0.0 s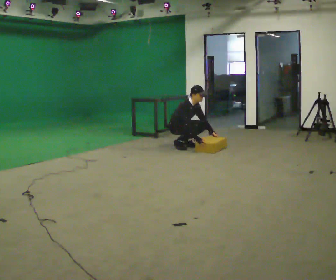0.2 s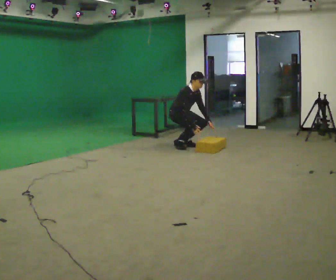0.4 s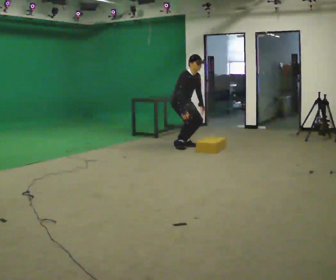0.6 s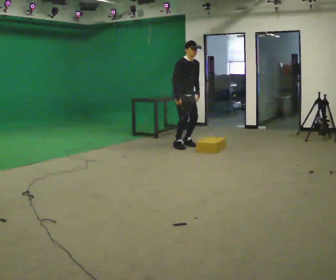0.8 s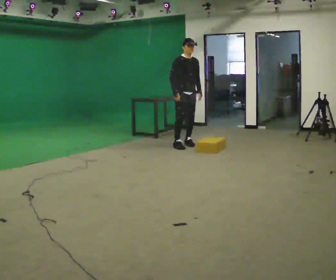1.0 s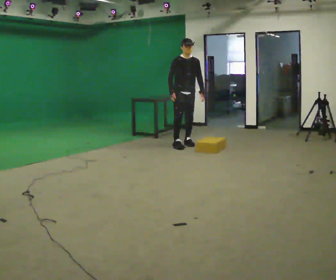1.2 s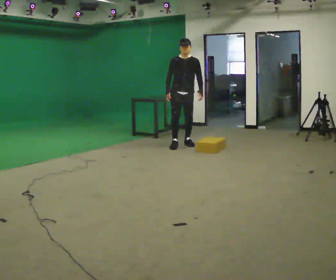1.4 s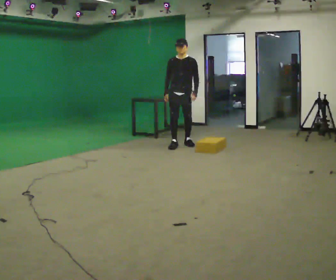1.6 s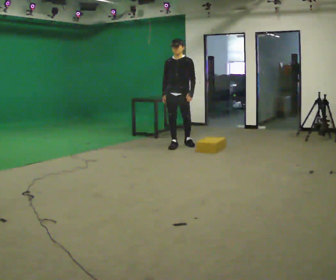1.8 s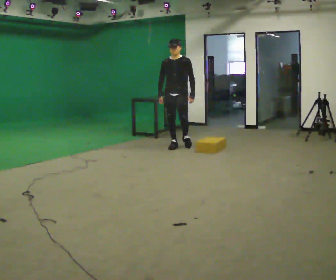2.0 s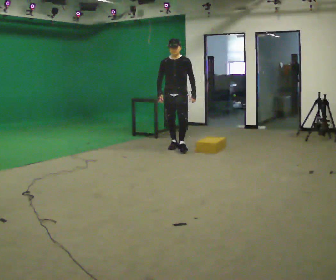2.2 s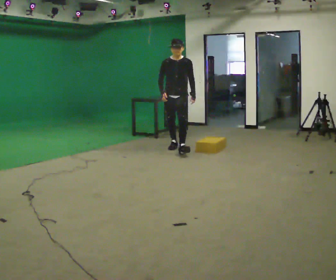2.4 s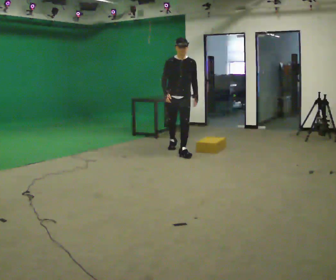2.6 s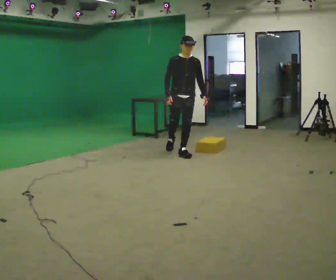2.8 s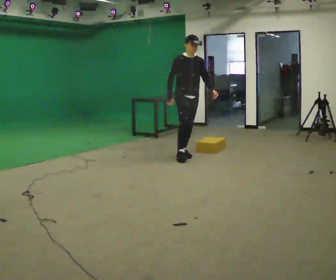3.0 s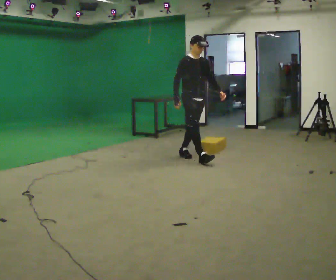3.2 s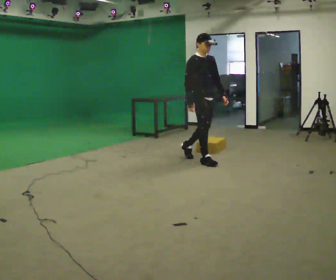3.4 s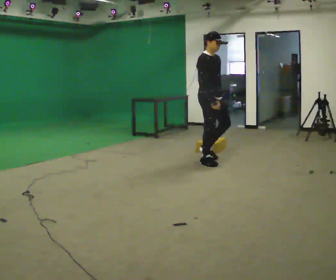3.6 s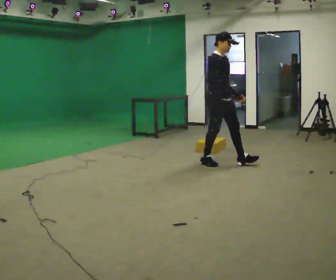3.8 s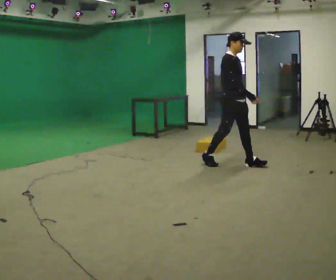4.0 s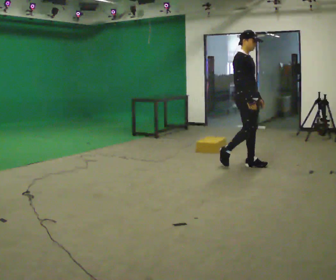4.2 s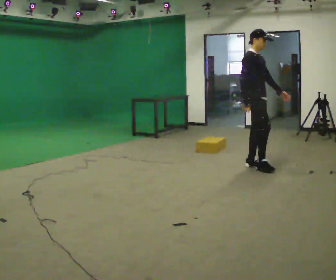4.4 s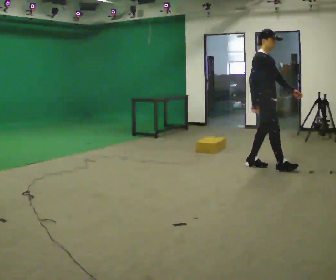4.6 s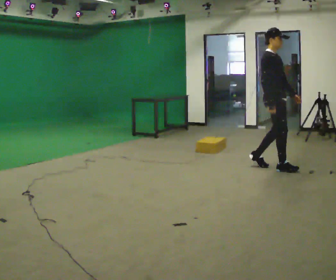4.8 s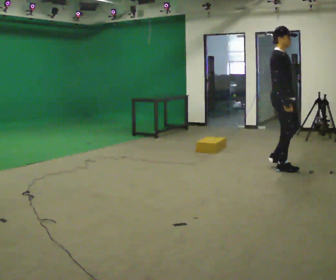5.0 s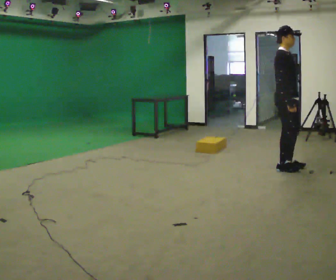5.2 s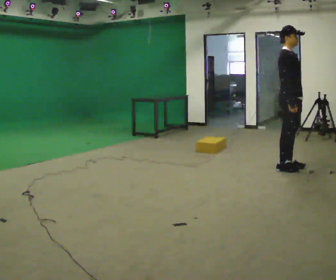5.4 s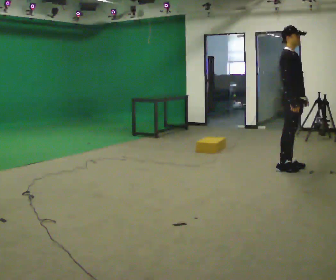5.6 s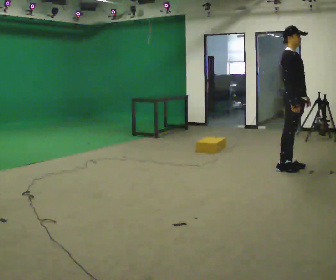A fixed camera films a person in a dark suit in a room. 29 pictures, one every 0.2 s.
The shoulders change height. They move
upward.
0.0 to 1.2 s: The person turns about 60 degrees to their right, clockwise seen from above, so the part of the body nearest the lens slides to the left. The upper body goes upward. In the picture the upper body tilts counterclockwise, shoulders to the left, as they lean back or straighten. In the picture their right hand goes upward and to the left.
1.2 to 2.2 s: In the picture they go toward the camera, about 0.25 m, which for them is forward.
2.2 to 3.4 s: Seen from above the body turns counterclockwise, about 60 degrees: to their left, with its near side sliding to the right. In the picture they go toward the camera and to the right, about 1 m in 2 steps, which for them is forward.
3.4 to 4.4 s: In the picture they go to the right and toward the camera, about 1 m in 2 steps, which for them is forward.
4.4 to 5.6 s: In the picture they go to the right, about 0.25 m in 1 step, which for them is forward.
The film runs forward here.
